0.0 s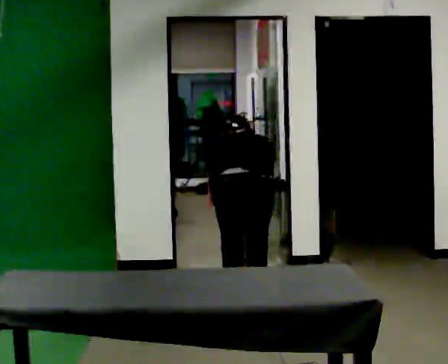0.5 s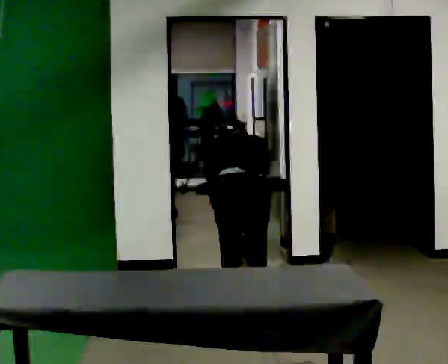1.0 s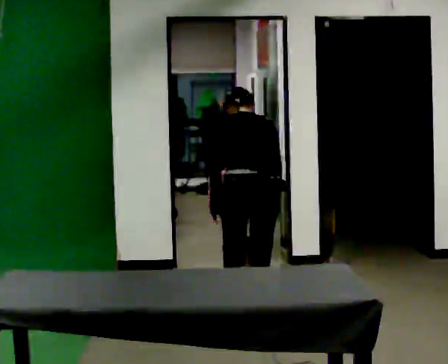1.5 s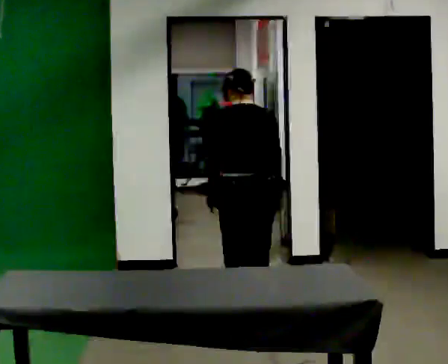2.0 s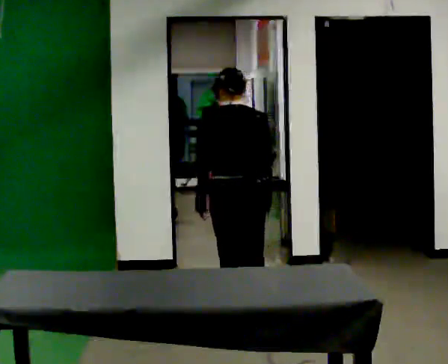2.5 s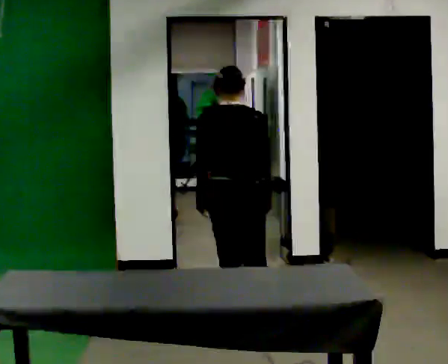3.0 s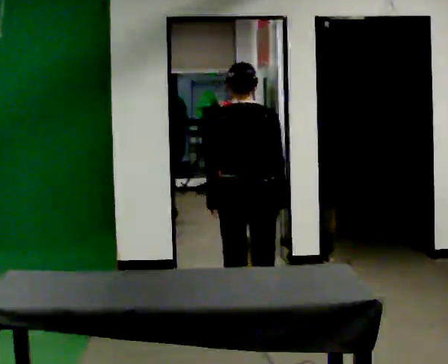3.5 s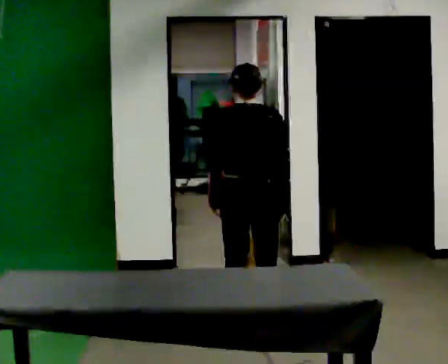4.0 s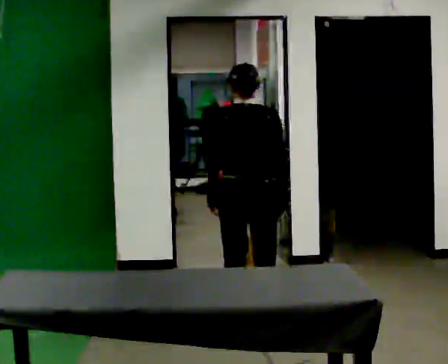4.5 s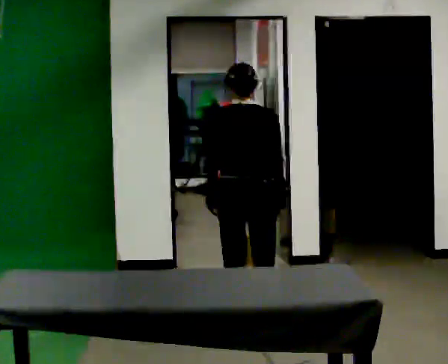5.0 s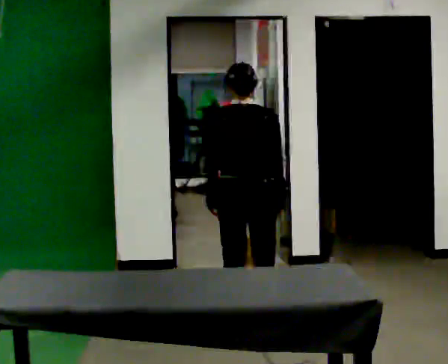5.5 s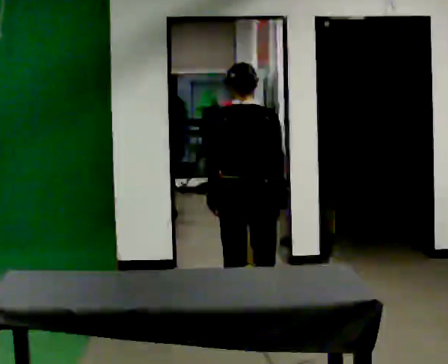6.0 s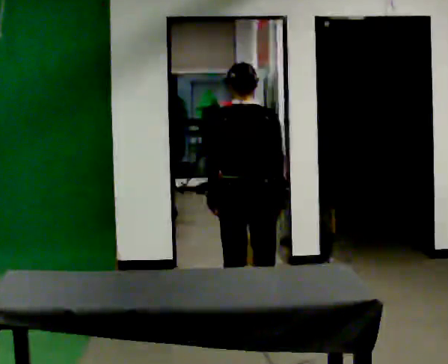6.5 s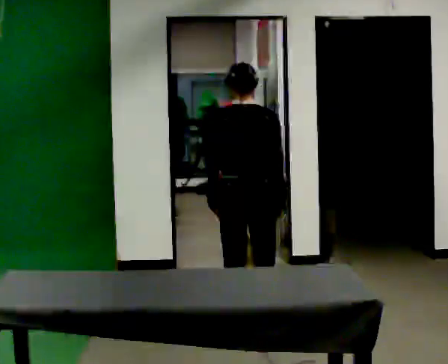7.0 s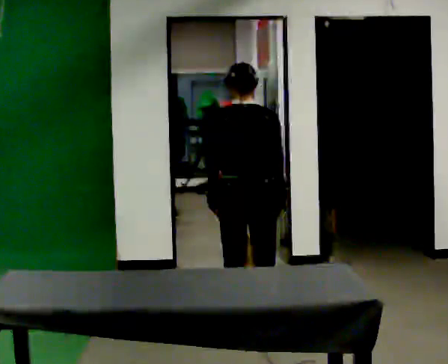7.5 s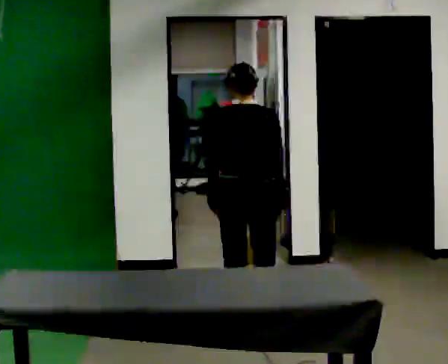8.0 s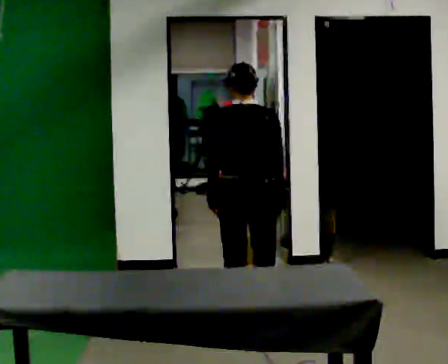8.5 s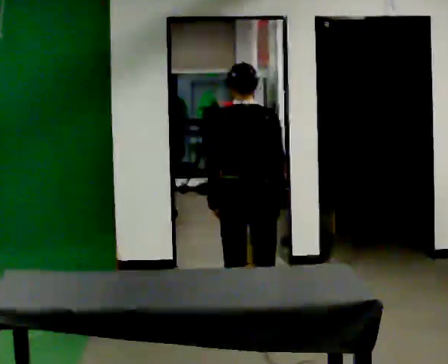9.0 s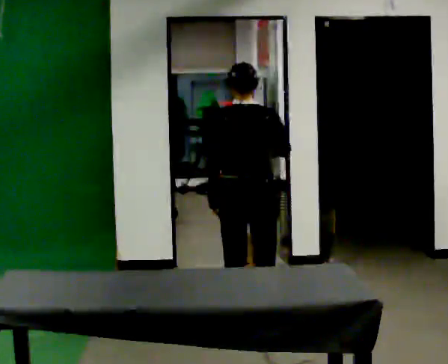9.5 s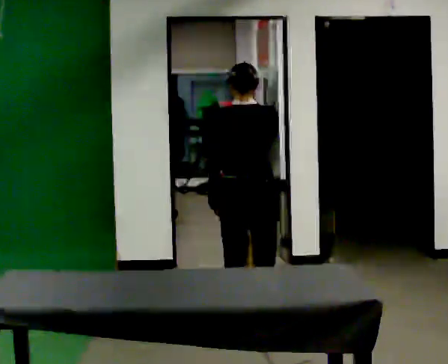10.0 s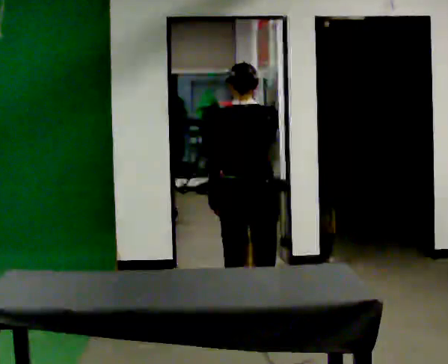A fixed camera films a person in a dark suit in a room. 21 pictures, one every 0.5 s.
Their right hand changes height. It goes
upward.
The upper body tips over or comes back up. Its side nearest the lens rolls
downward.
0.0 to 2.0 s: The upper body goes upward. The upper body tips toward the camera, its near side rolling downward, as they lean back or straighten.
2.0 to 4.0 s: The person moves a little, or ends about where they began.
4.0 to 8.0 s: The person keeps their place and pose.
8.0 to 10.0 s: In the picture their right hand goes upward.
The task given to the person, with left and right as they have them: Take an object off the waist-height shelf, carry it across the room, and set it down on the floor. Keep going until the operator says stop; one object at a time, and do not rush between trips.
The film runs forward here.
